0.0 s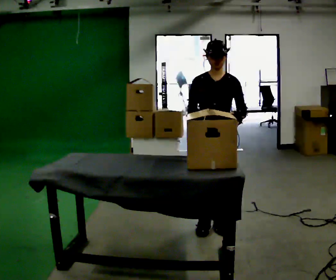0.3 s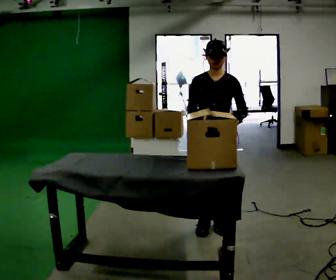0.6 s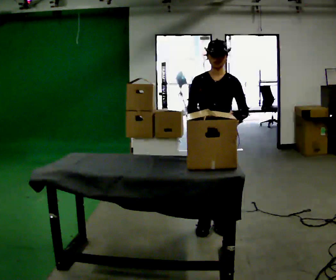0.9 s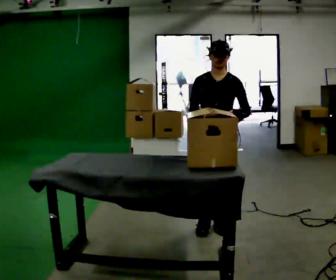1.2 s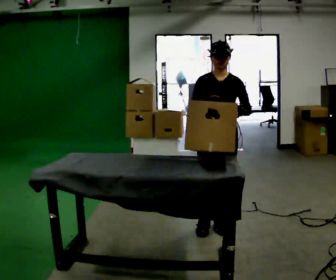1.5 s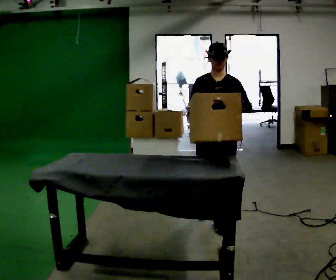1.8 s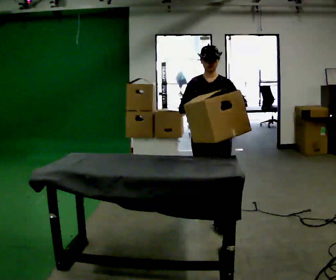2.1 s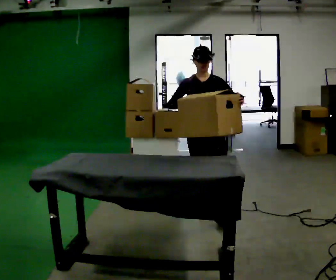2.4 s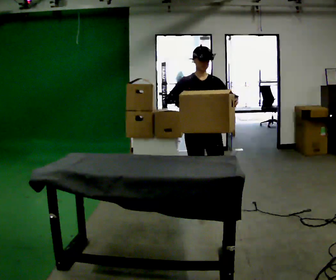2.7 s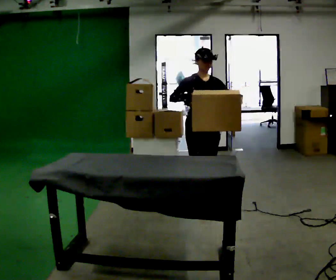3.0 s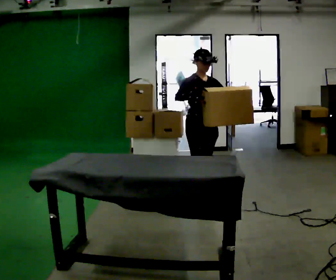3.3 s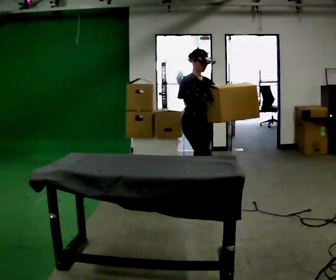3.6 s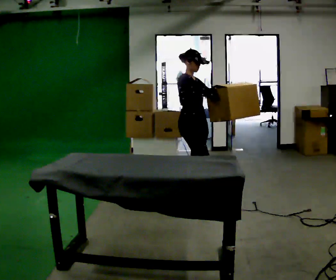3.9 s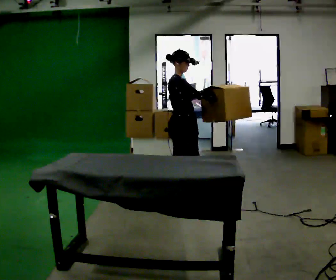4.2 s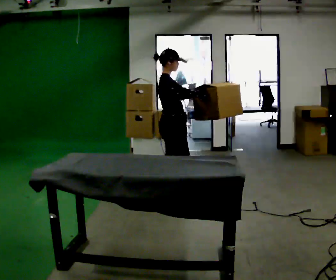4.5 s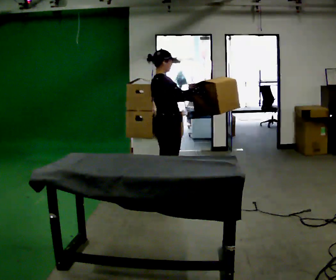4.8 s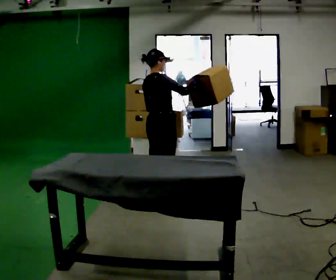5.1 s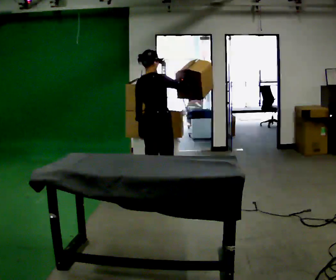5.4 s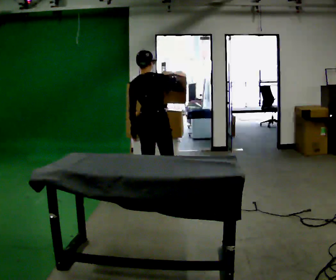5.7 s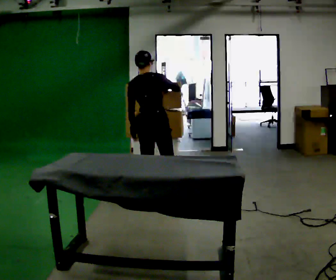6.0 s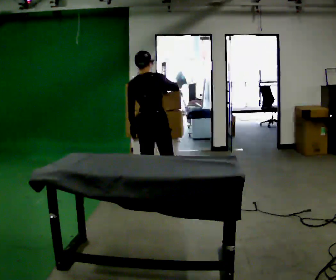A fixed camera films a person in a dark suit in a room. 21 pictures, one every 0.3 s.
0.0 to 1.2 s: The person moves a little, or ends about where they began.
1.2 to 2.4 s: In the picture they go away from the camera, about 0.5 m in 2 steps, which for them is backward and to their right.
2.4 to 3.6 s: The part of the body nearest the lens slides to the right as the person turns to their left by about 60 degrees. In the picture they go away from the camera, about 0.25 m in 1 step, which for them is backward.
3.6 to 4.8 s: Seen from above the body turns counterclockwise, about 75 degrees: to their left, with its near side sliding to the right. In the picture they go to the left, about 0.25 m in 1 step.
4.8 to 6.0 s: The person turns about 30 degrees to their left, counterclockwise seen from above, so the part of the body nearest the lens slides to the right.
The film runs backward here.
